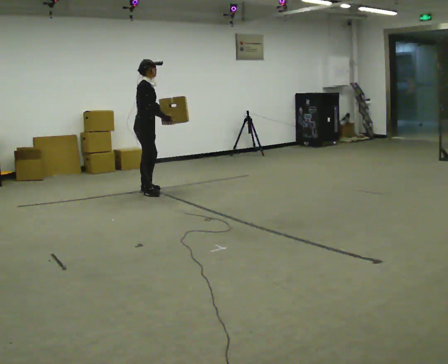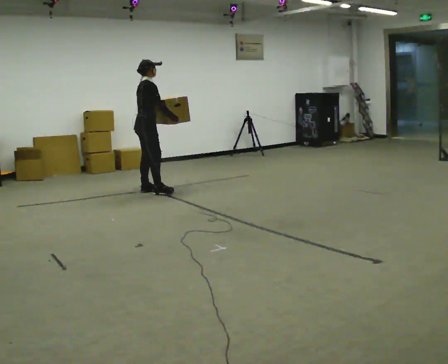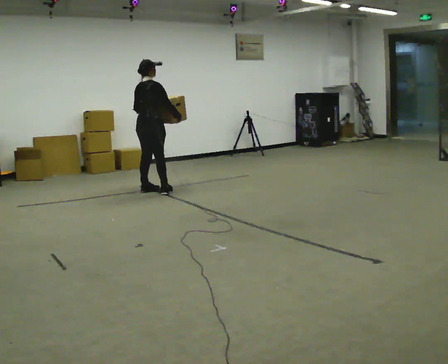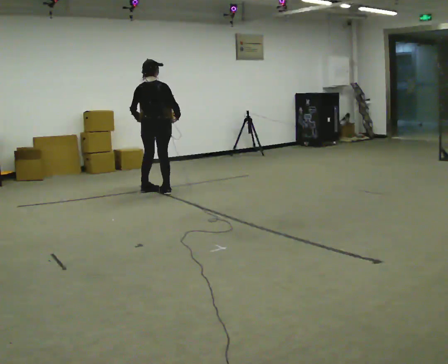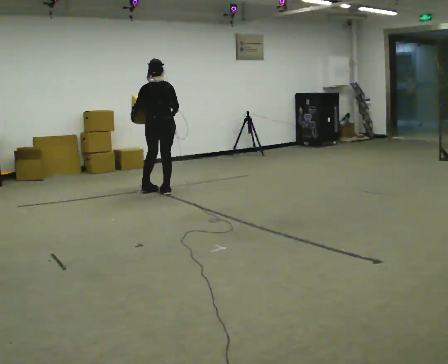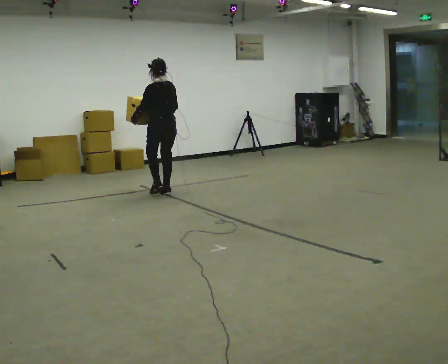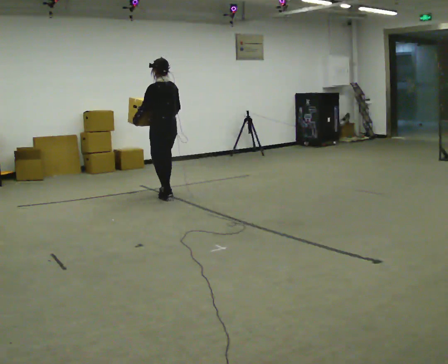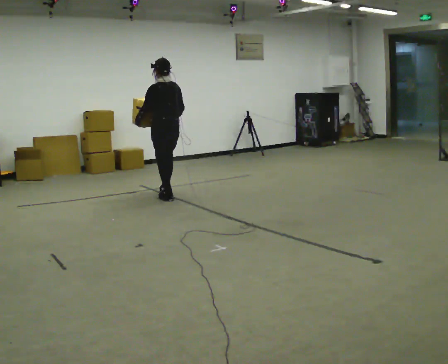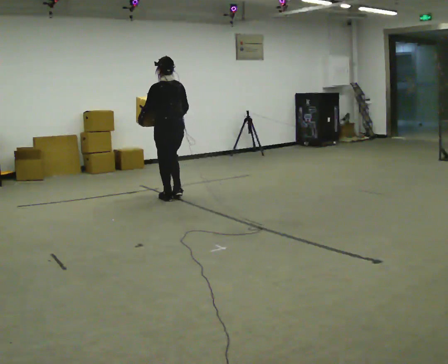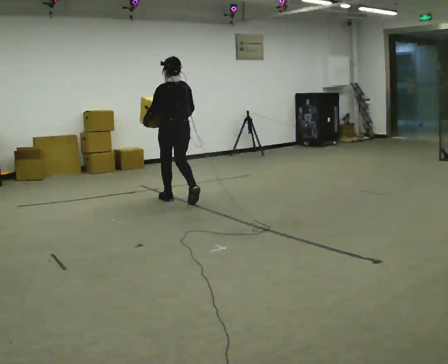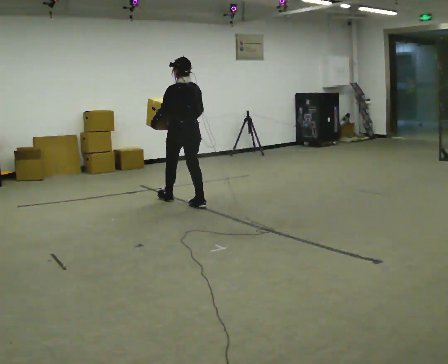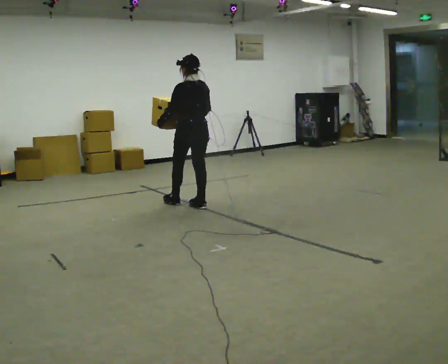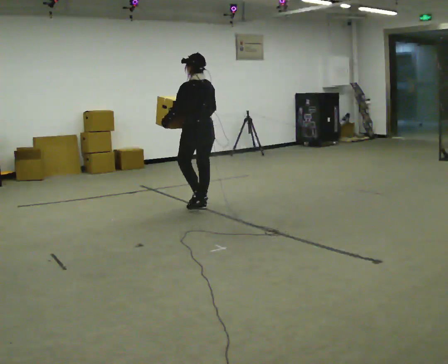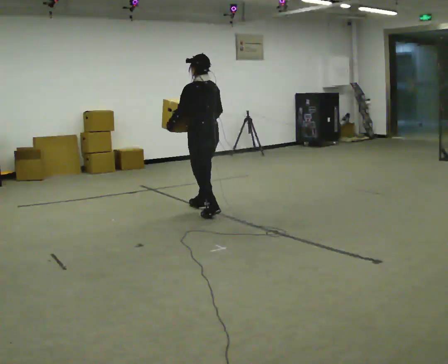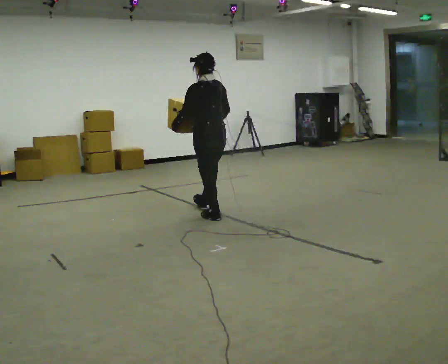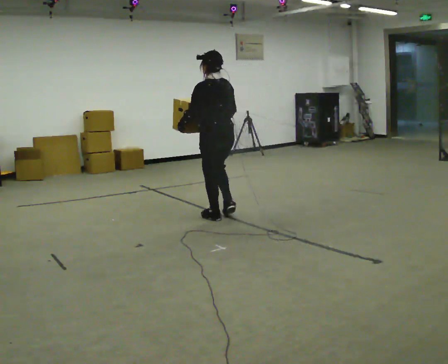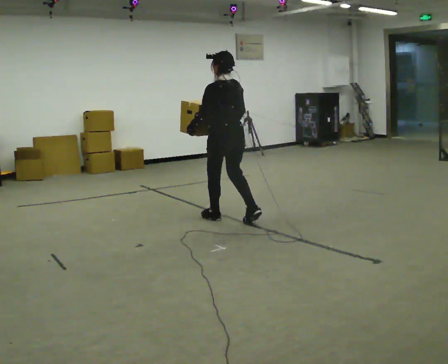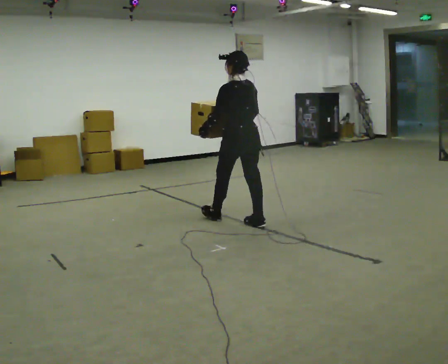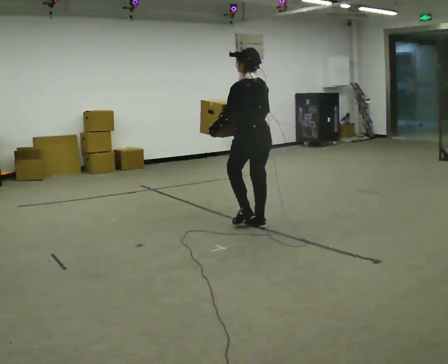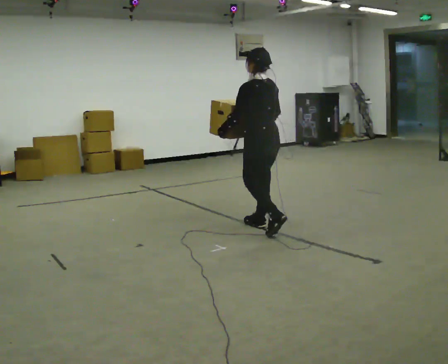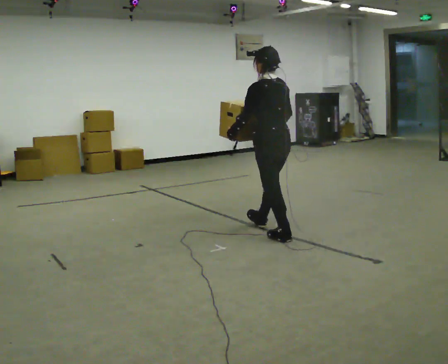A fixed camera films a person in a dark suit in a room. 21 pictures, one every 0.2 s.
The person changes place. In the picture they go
toward the camera.
Their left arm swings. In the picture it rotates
clockwise.
0.0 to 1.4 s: The part of the body nearest the lens slides to the right as the person turns to their left by about 135 degrees. In the picture they go toward the camera and to the right, about 0.5 m in 2 steps.
1.4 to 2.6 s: In the picture they go toward the camera and to the right, about 1 m in 2 steps, which for them is backward.
2.6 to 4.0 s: In the picture they go toward the camera and to the right, about 1 m in 3 steps, which for them is backward.
The film runs backward here.
